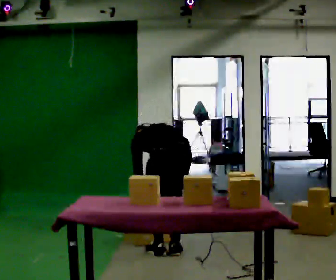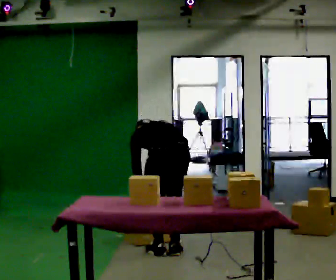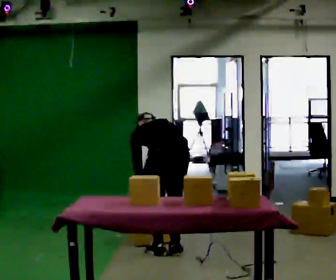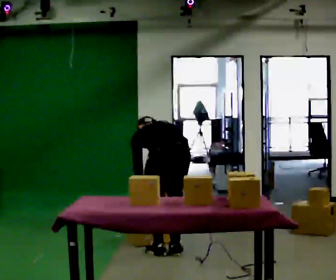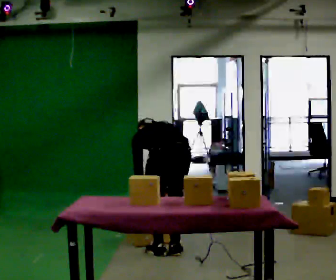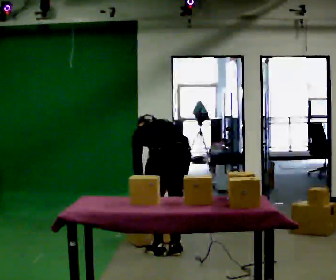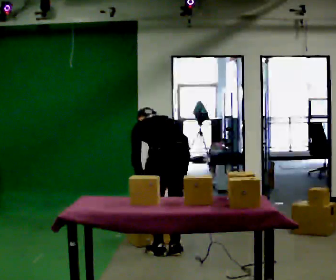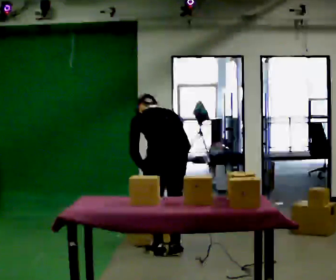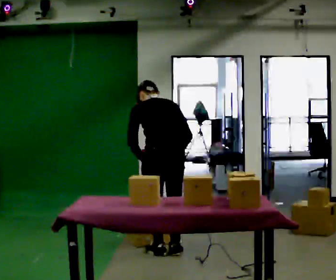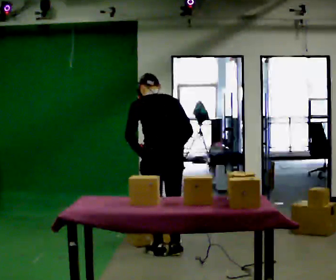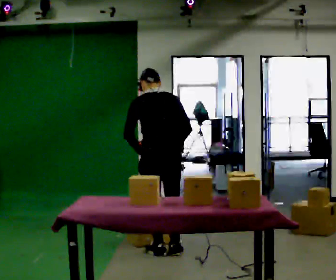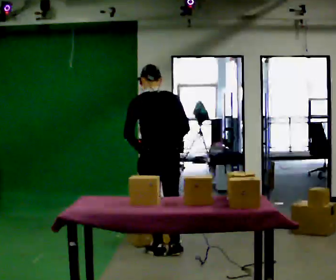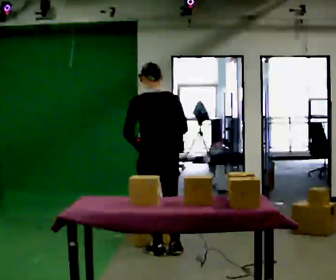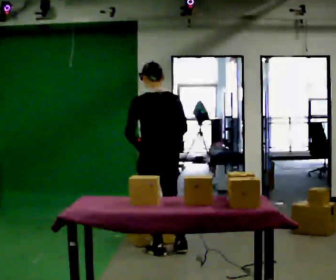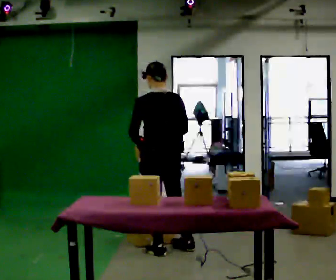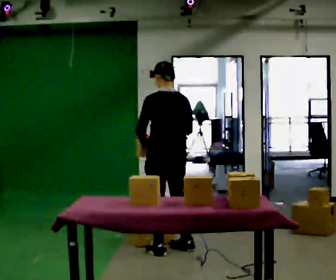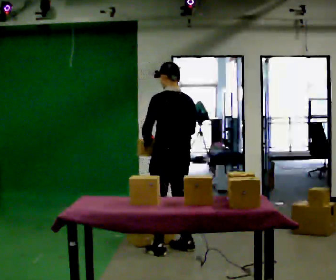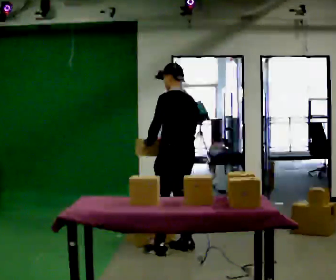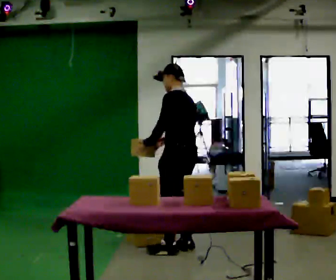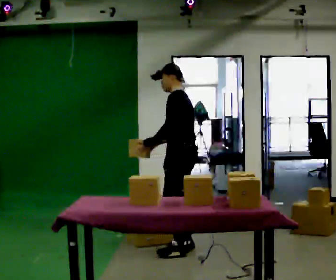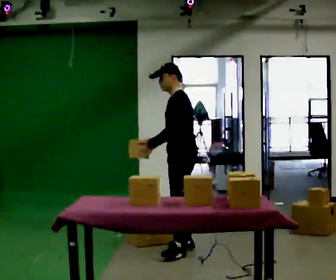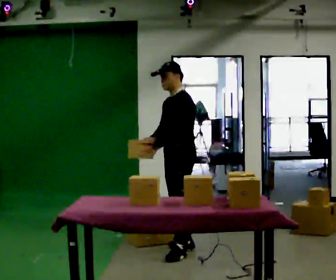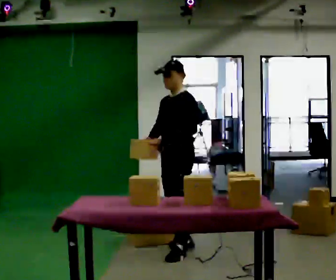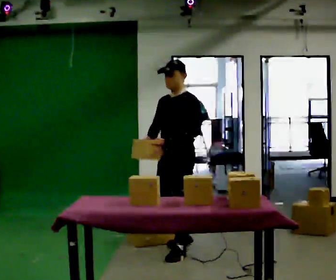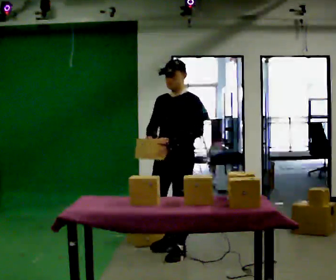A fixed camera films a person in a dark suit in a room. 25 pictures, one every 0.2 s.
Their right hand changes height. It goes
upward.
The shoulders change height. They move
upward.
0.0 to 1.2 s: The person moves a little, or ends about where they began.
1.2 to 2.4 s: The shoulders move upward. The upper body tips toward the camera, its near side rolling downward, as they lean back or straighten. In the picture their right hand goes upward.
2.4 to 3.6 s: Seen from above the body turns counterclockwise, about 45 degrees: to their left, with its near side sliding to the right. In the picture they go to the right, about 0.25 m in 1 step, which for them is to their right.
3.6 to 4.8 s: The part of the body nearest the lens slides to the right as the person turns to their left by about 75 degrees. In the picture they go toward the camera, about 0.25 m in 1 step.
The film runs forward here.
